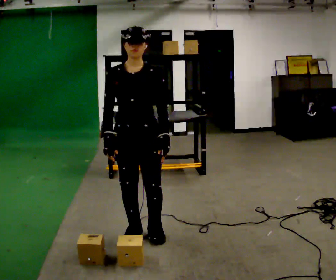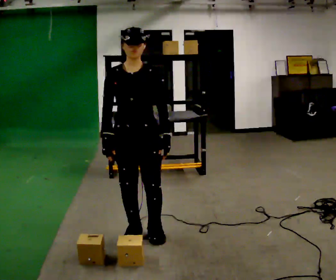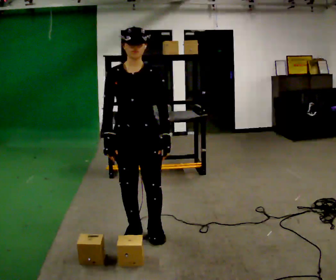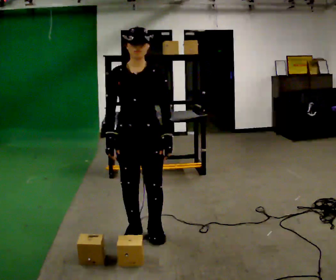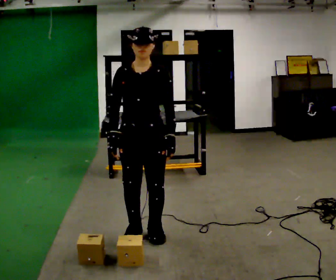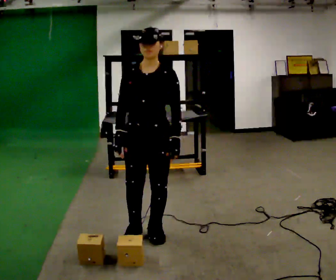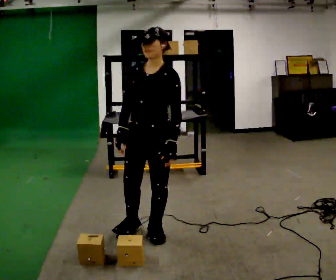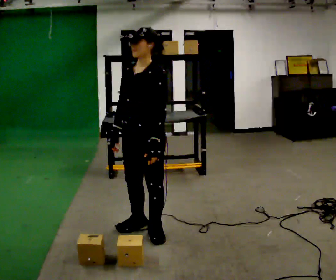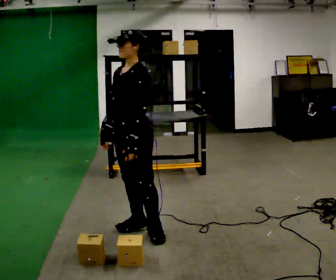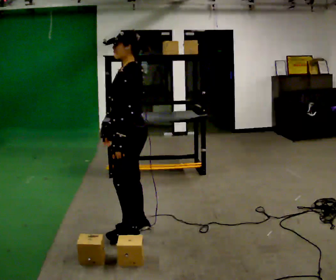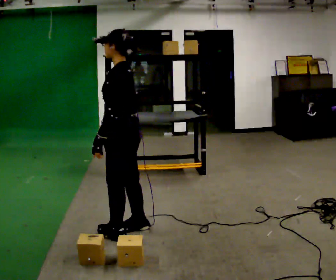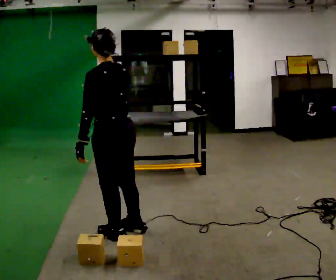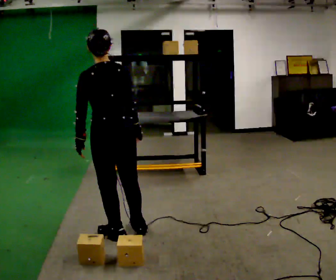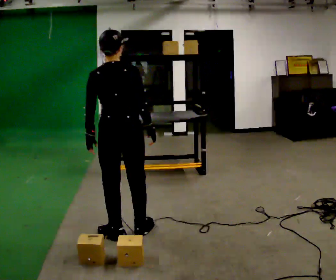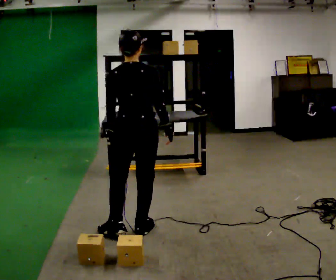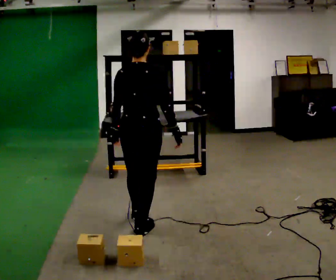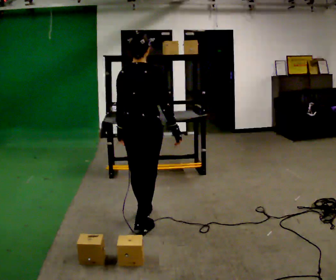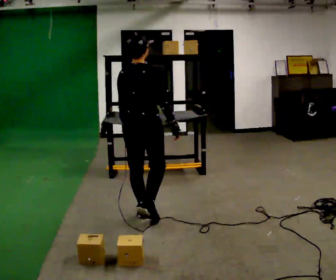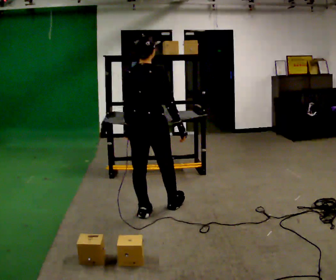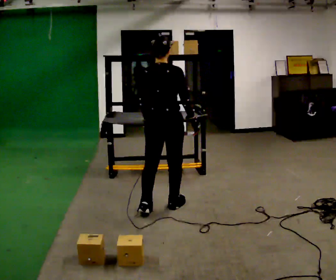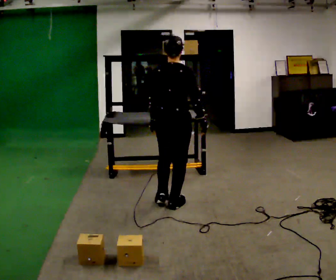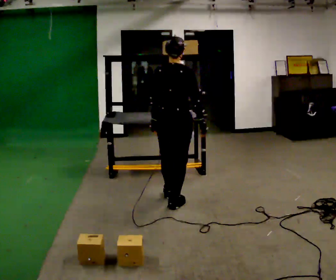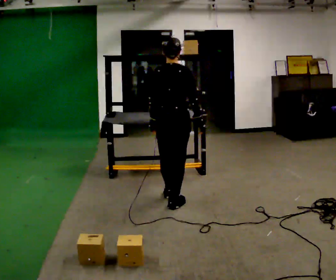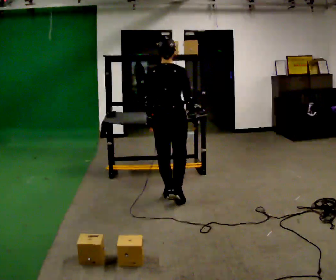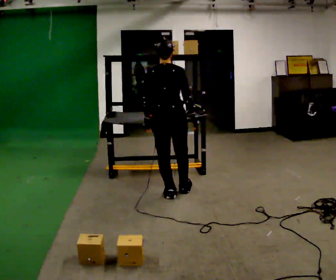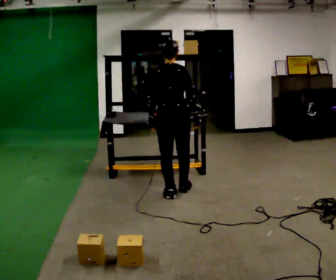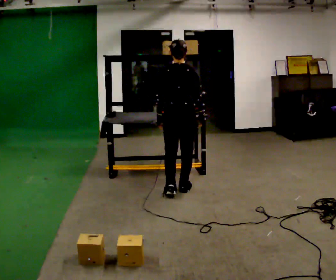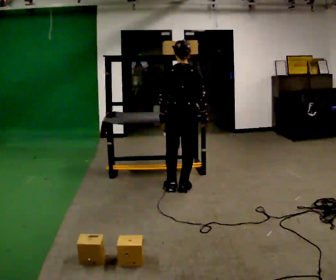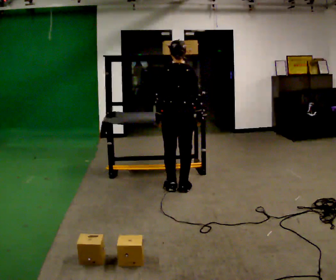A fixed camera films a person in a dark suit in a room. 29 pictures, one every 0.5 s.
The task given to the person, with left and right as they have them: Take an object down from the highest shelf you can comfortably reach, carry it across the room, and set it on the floor. Keep going until the operator says stop; one object at a time, and do not rush between trips.
0.0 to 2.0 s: The person moves a little, or ends about where they began.
2.0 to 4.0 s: The part of the body nearest the lens slides to the left as the person turns to their right by about 45 degrees.
4.0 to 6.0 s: The person turns about 105 degrees to their right, clockwise seen from above, so the part of the body nearest the lens slides to the left.
6.0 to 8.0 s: The person turns about 45 degrees to their right, clockwise seen from above, so the part of the body nearest the lens slides to the left. In the picture they go away from the camera and to the right, about 0.25 m in 1 step, which for them is forward and to their right.
8.0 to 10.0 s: In the picture they go away from the camera and to the right, about 0.5 m in 1 step, which for them is forward.
10.0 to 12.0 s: In the picture they go away from the camera, about 0.25 m in 1 step, which for them is forward and to their left.
12.0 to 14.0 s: In the picture they go away from the camera, about 0.25 m in 2 steps, which for them is forward.
The film runs forward here.
